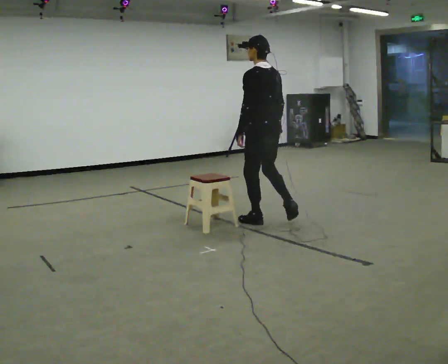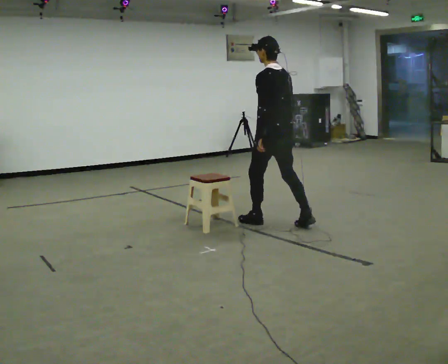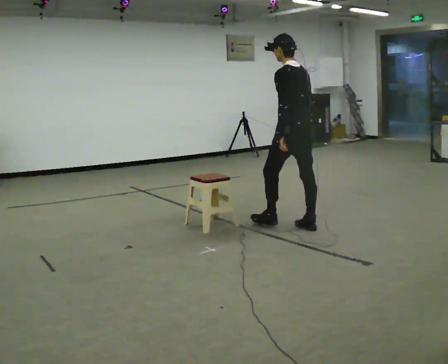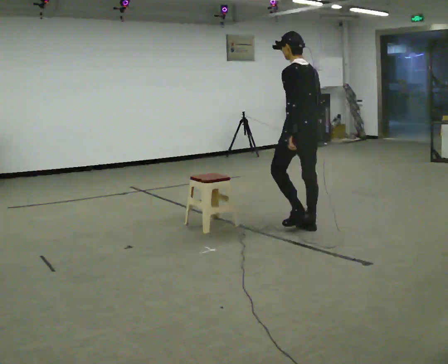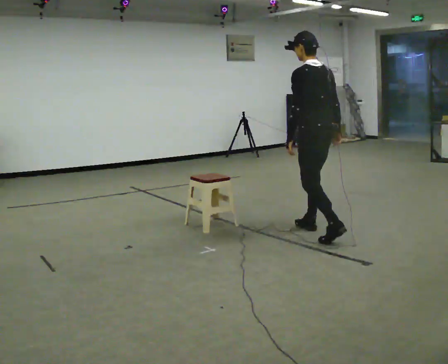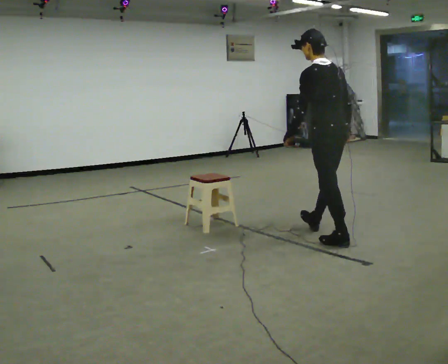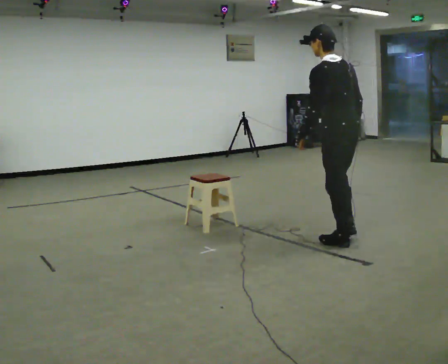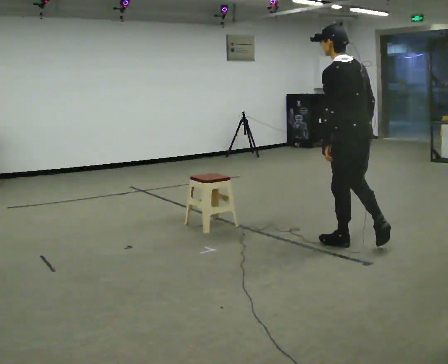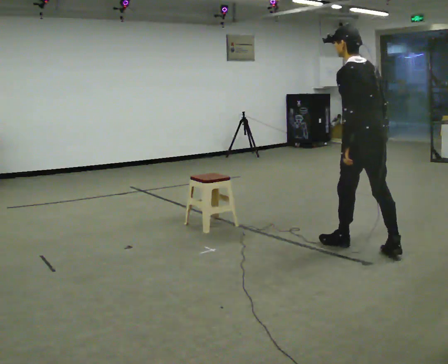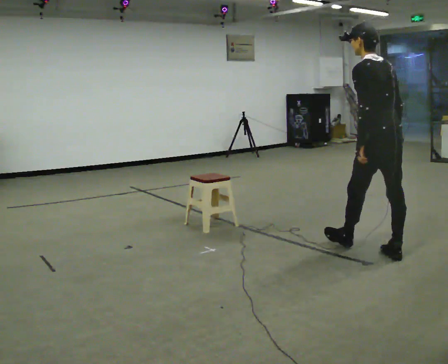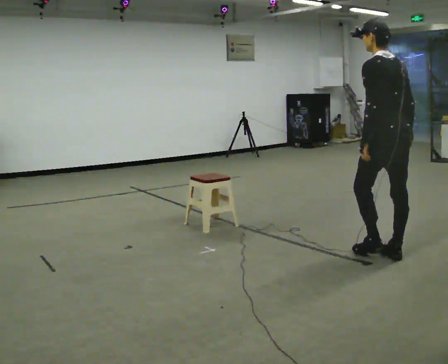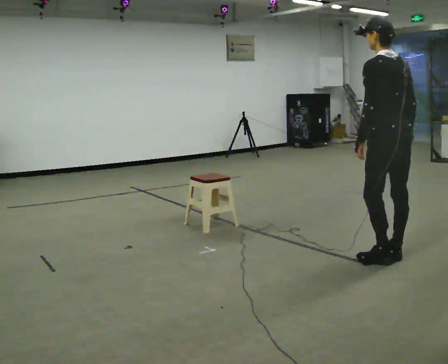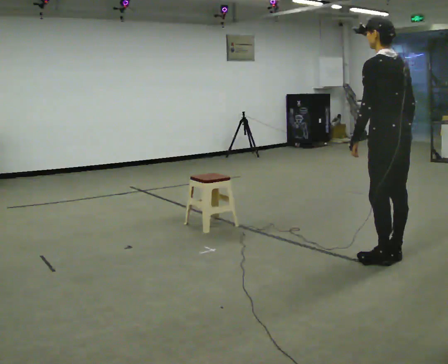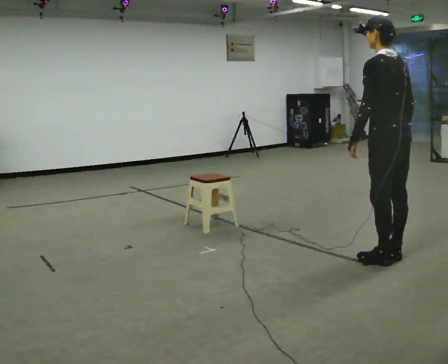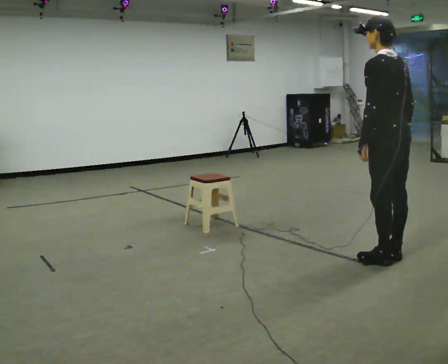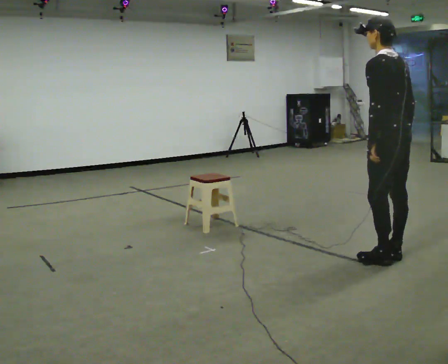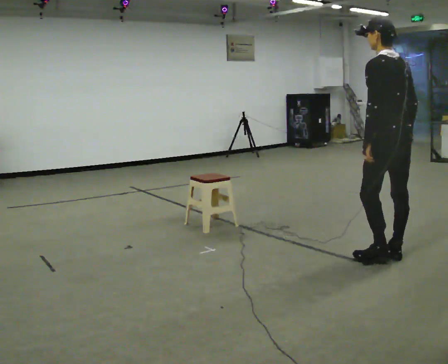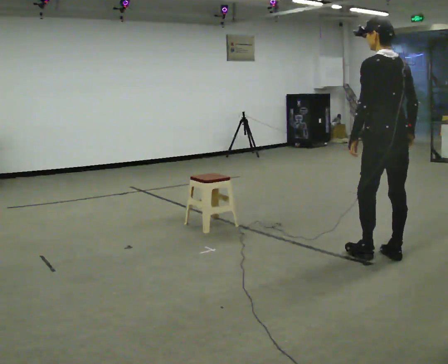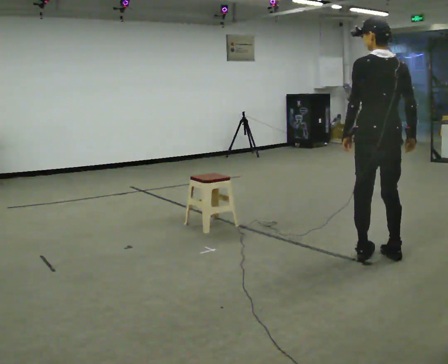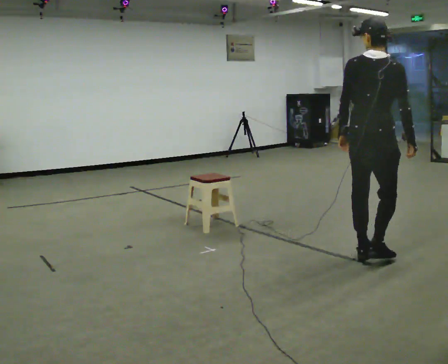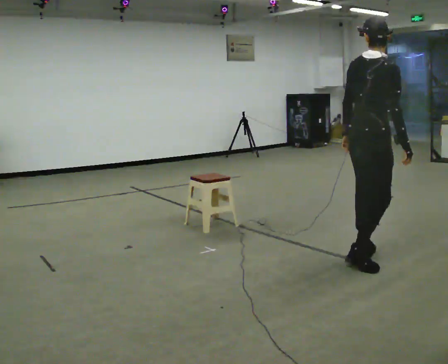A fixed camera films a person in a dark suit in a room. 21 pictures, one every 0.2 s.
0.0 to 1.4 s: In the picture they go to the right and toward the camera, about 1 m in 2 steps, which for them is backward.
1.4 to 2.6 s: In the picture they go to the right and toward the camera, about 0.5 m in 1 step, which for them is backward.
2.6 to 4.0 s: The part of the body nearest the lens slides to the left as the person turns to their right by about 90 degrees. In the picture they go to the left, about 0.25 m in 2 steps. In the picture the upper body tilts clockwise, shoulders to the right.
The film runs backward here.
